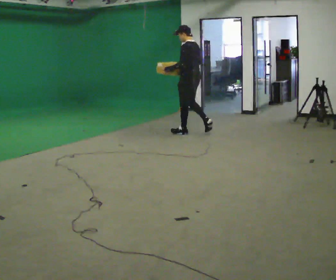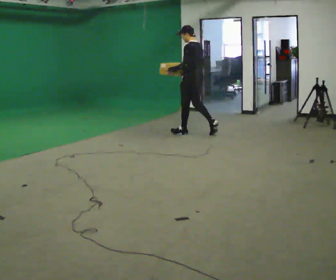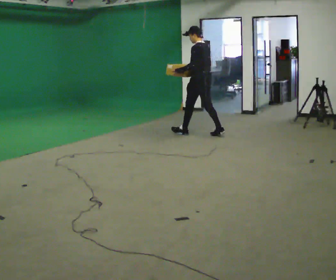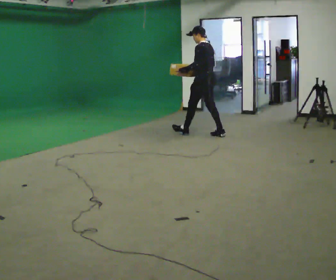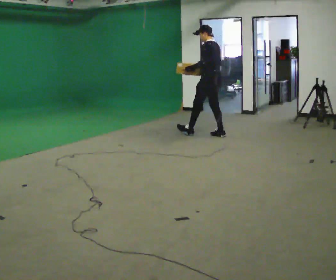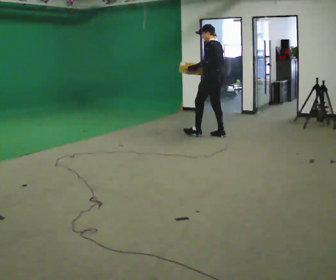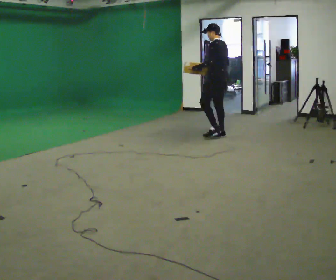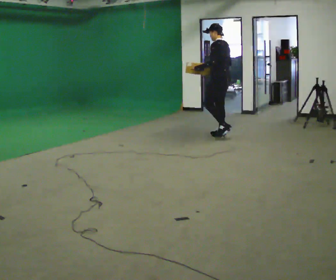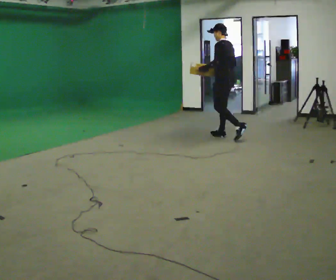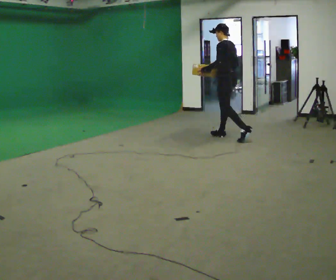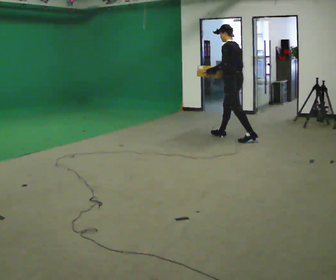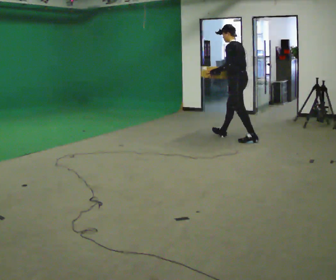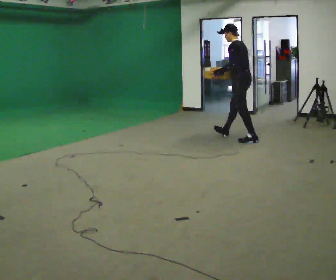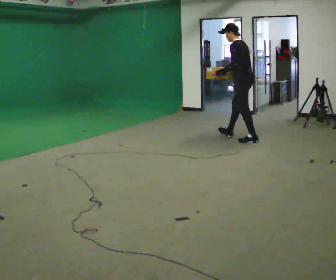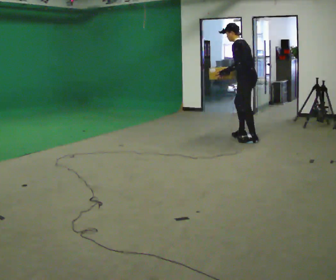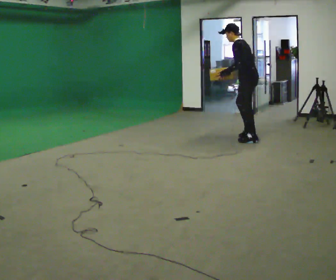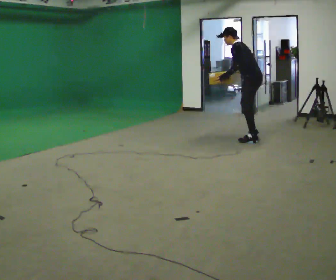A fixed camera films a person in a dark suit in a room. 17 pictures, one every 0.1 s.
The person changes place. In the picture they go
to the right.
The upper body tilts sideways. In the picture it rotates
counterclockwise.
0.0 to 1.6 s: In the picture they go to the right and toward the camera, about 1 m in 2 steps, which for them is backward. In the picture the upper body tilts counterclockwise, shoulders to the left, as they bend forward.
The film runs backward here.
